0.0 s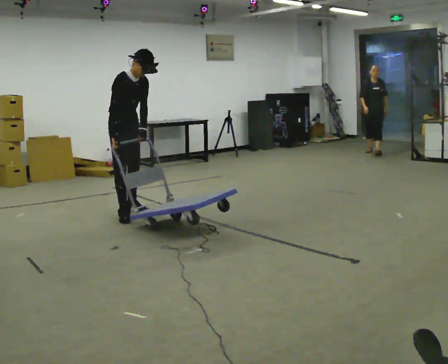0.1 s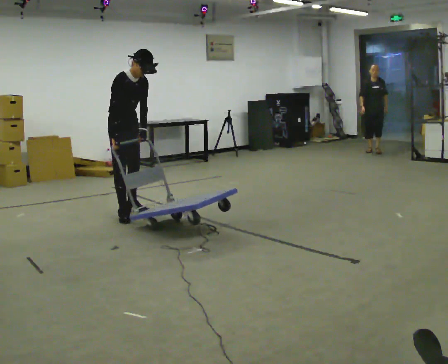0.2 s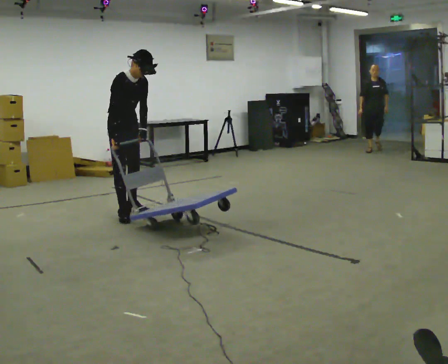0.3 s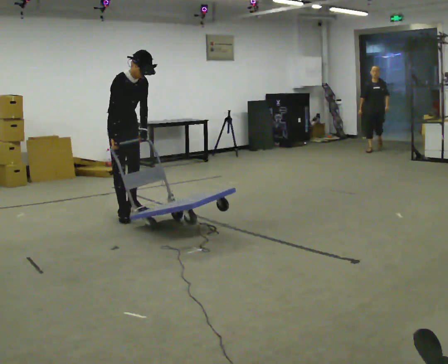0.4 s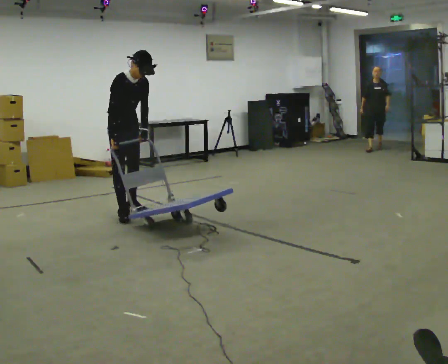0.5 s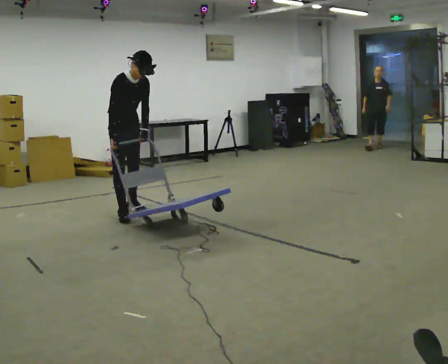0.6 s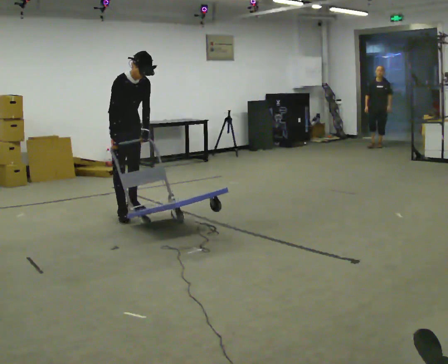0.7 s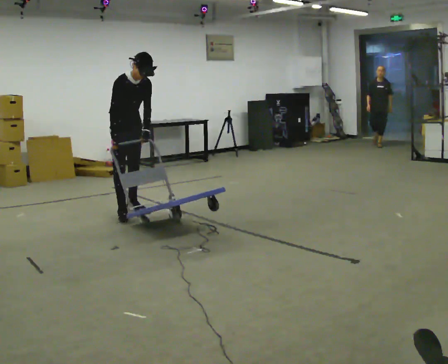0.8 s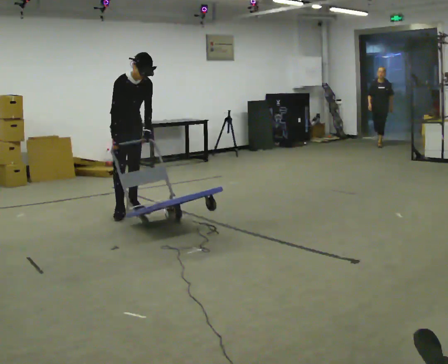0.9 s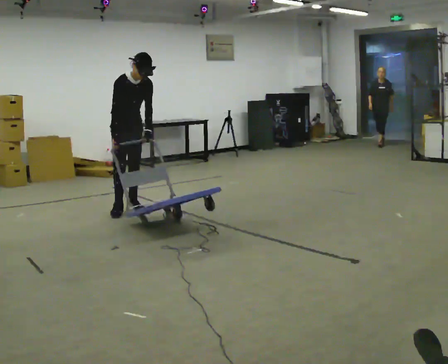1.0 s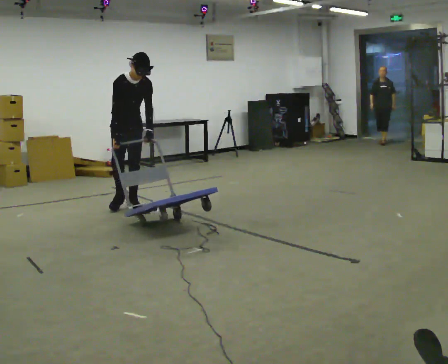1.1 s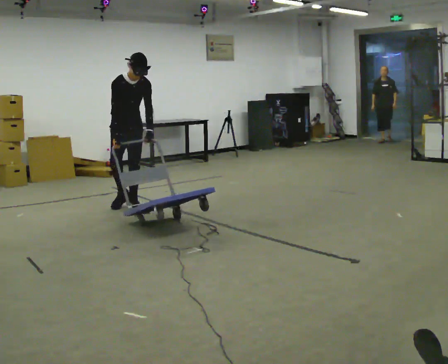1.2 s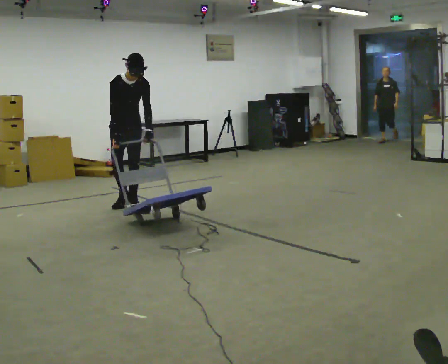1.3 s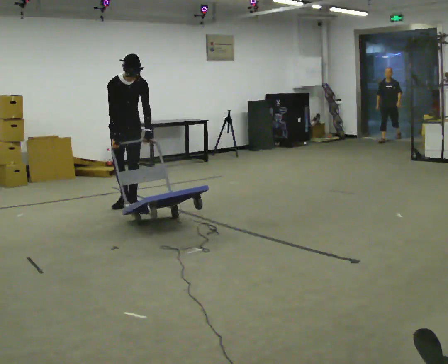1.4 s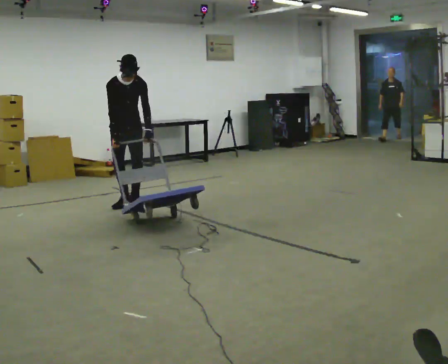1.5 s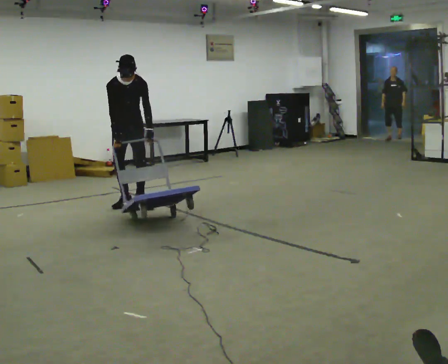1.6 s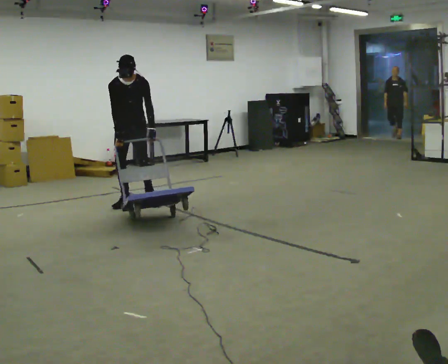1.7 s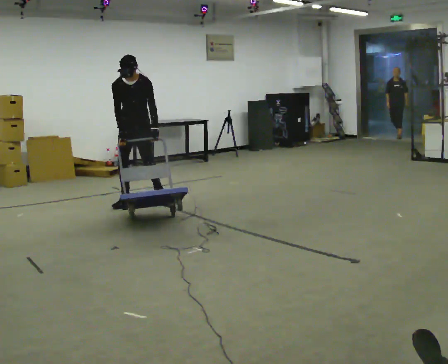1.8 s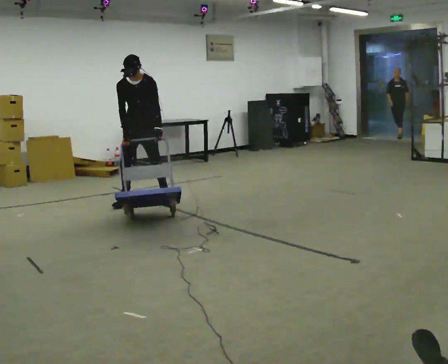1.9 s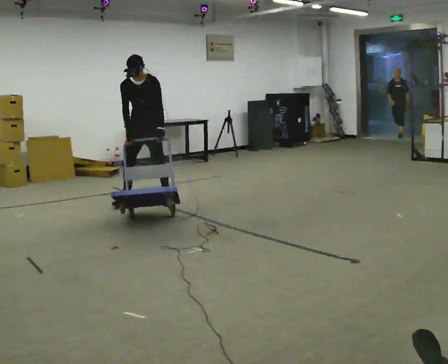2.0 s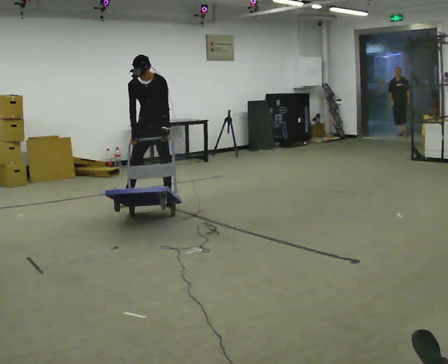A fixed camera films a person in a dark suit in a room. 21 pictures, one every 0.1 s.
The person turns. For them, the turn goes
to their right.
The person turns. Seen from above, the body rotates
clockwise.
0.0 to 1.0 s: In the picture they go away from the camera, about 0.25 m in 1 step, which for them is to their left and backward.
1.0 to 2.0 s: Seen from above the body turns clockwise, about 45 degrees: to their right, with its near side sliding to the left. In the picture they go to the right and away from the camera, about 0.5 m in 1 step, which for them is to their left and backward. In the picture the upper body tilts counterclockwise, shoulders to the left.
The film runs backward here.
